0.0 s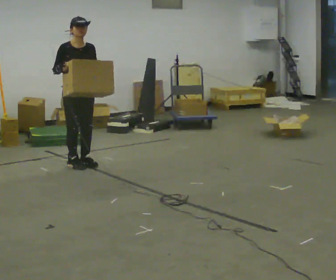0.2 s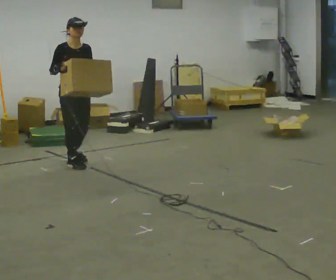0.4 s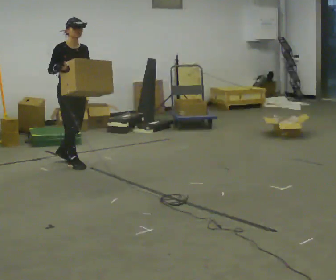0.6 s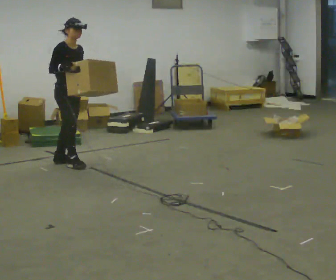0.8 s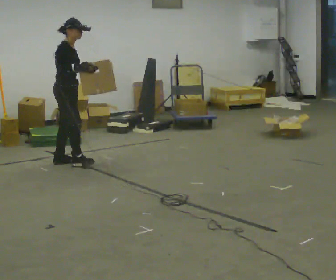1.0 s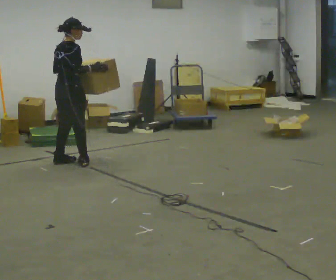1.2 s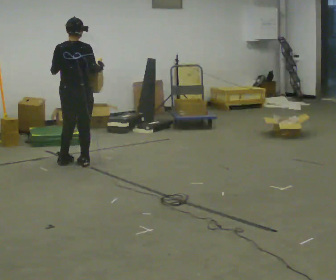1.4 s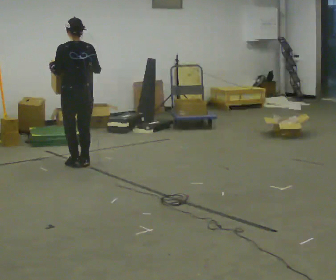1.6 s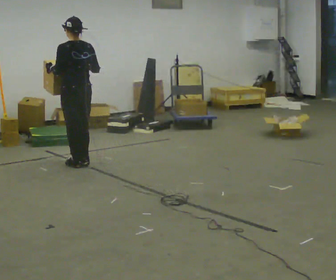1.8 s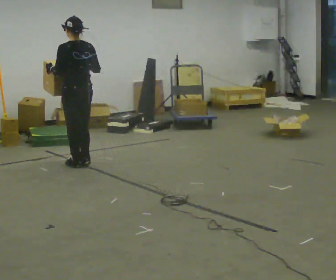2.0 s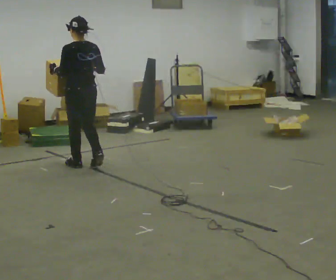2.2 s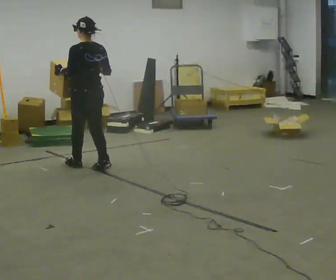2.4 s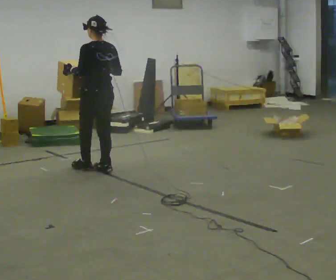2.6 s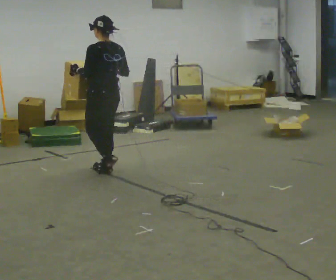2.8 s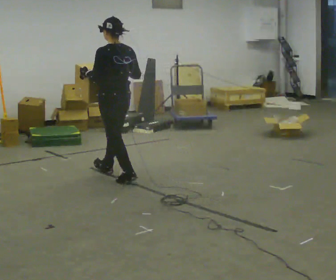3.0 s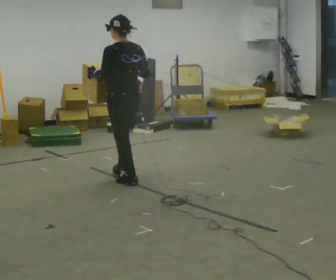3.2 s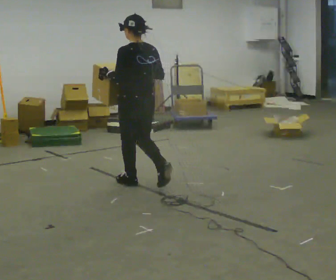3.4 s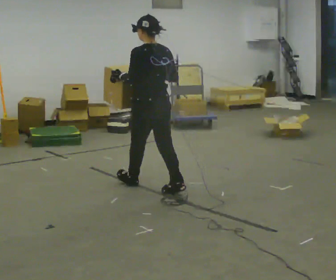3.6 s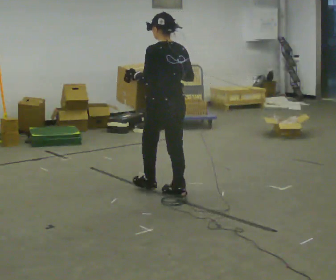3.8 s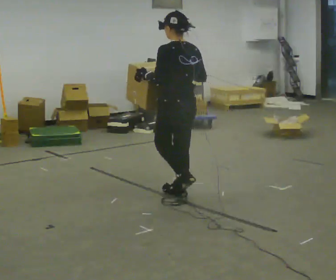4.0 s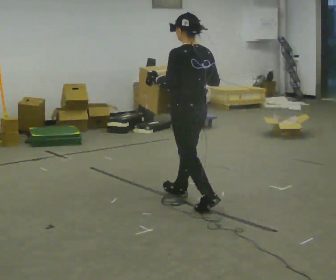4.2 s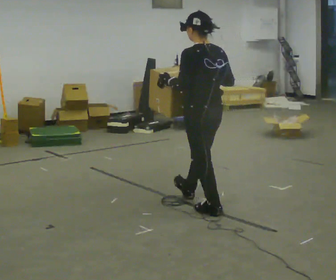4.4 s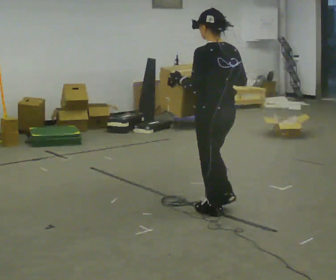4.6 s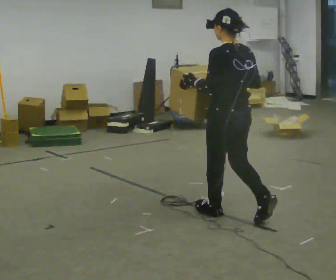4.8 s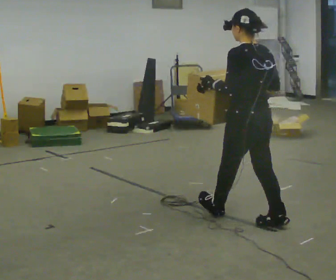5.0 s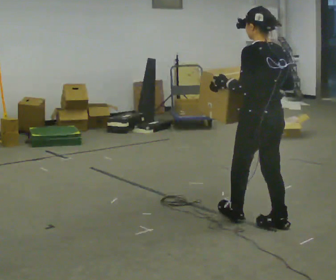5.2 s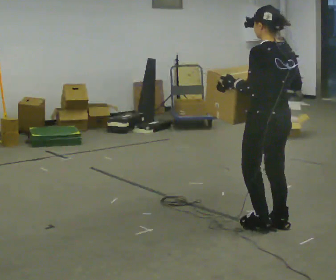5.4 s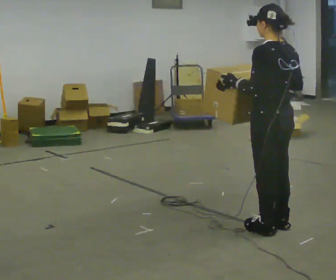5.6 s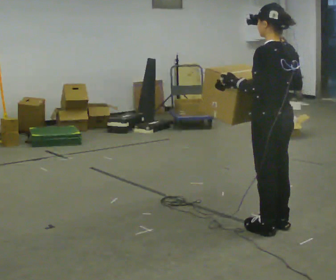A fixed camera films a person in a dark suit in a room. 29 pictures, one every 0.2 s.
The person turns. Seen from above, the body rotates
counterclockwise.
The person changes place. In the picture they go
toward the camera.
0.0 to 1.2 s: Seen from above the body turns counterclockwise, about 150 degrees: to their left, with its near side sliding to the right. In the picture their right hand goes to the right.
1.2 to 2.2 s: The person turns about 45 degrees to their left, counterclockwise seen from above, so the part of the body nearest the lens slides to the right. In the picture they go toward the camera, about 0.25 m in 1 step, which for them is backward.
2.2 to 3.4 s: In the picture they go toward the camera and to the right, about 1 m in 2 steps, which for them is backward.
3.4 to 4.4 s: In the picture they go toward the camera and to the right, about 1 m in 2 steps, which for them is backward.
4.4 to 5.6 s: In the picture they go toward the camera and to the right, about 0.5 m in 1 step, which for them is backward.
The film runs backward here.
